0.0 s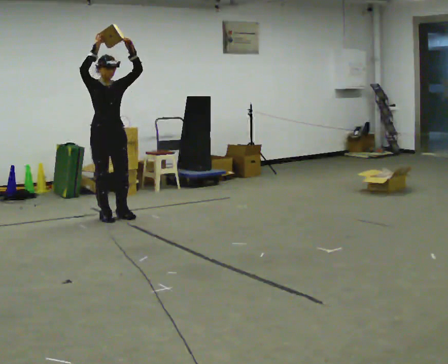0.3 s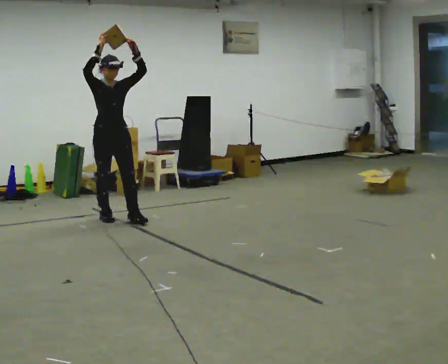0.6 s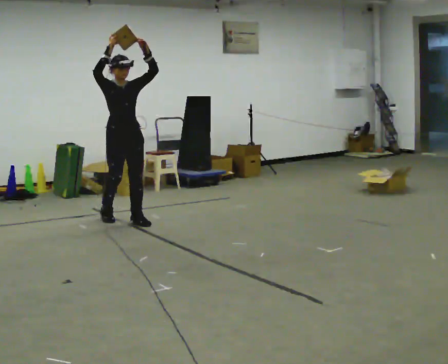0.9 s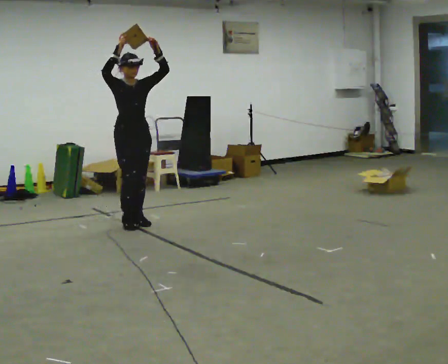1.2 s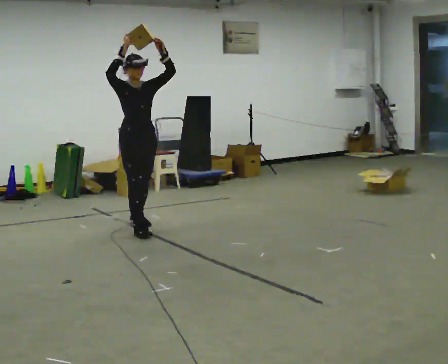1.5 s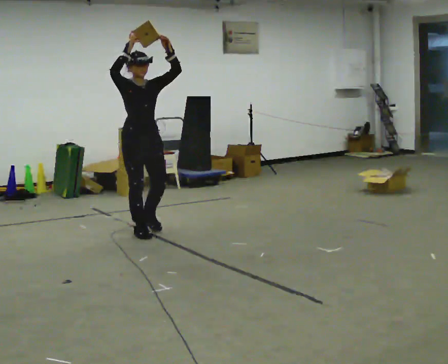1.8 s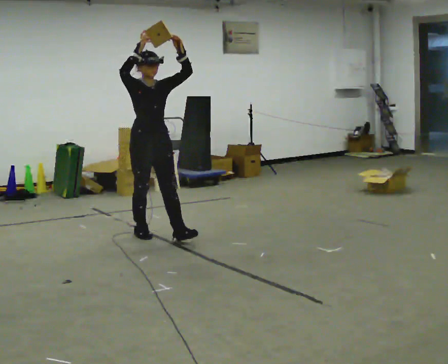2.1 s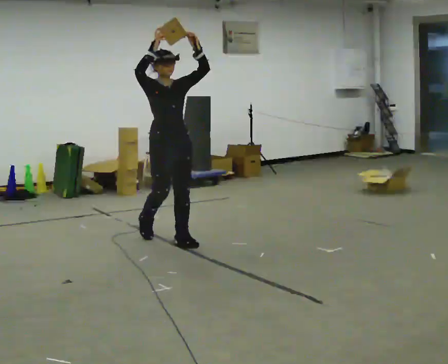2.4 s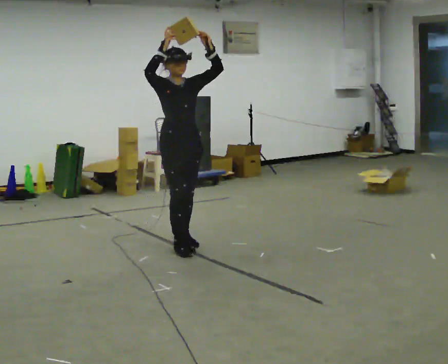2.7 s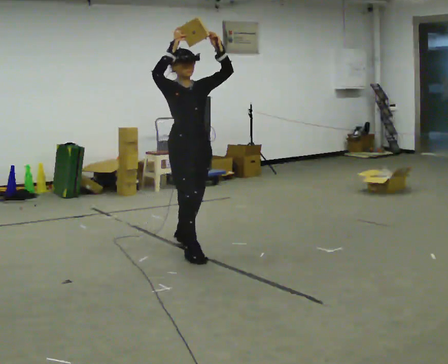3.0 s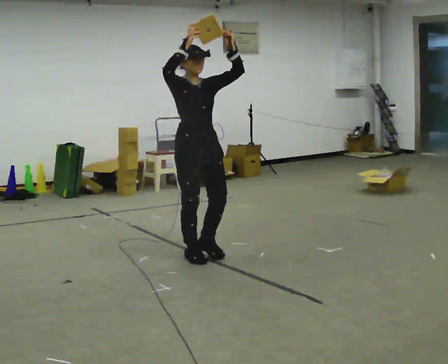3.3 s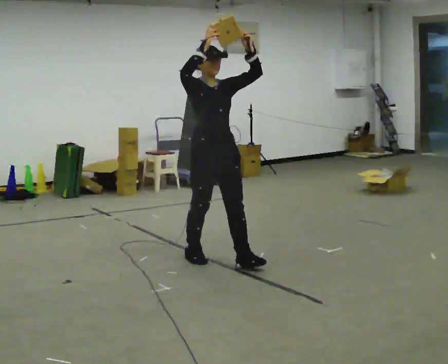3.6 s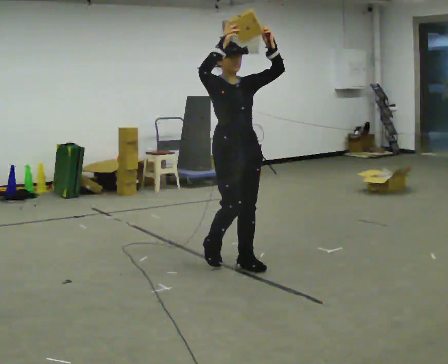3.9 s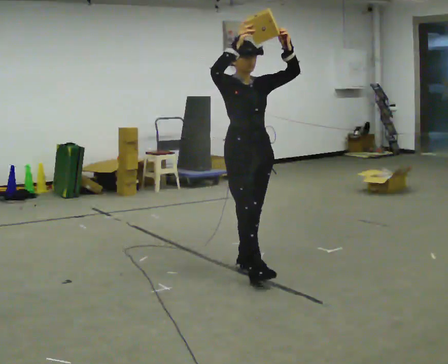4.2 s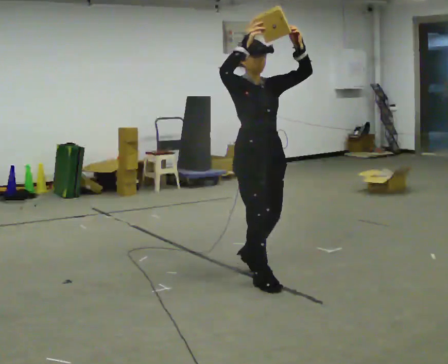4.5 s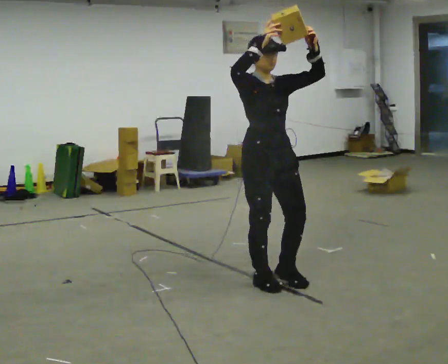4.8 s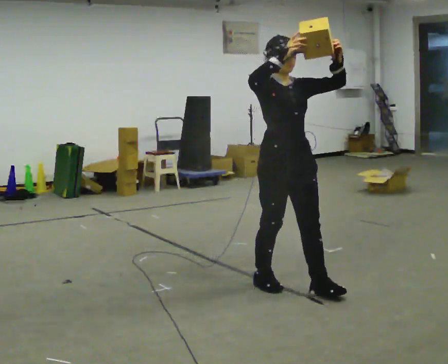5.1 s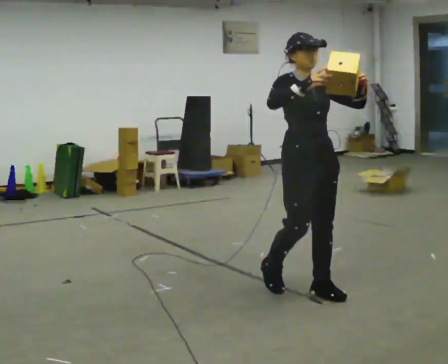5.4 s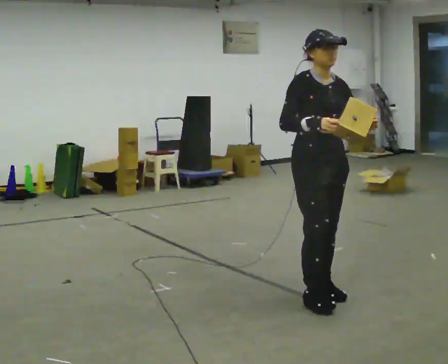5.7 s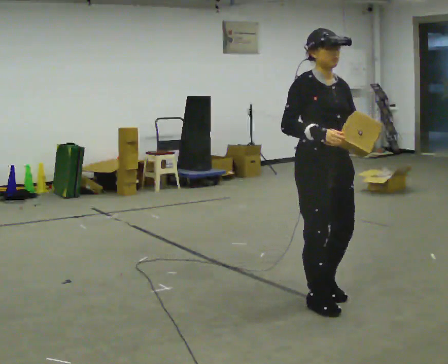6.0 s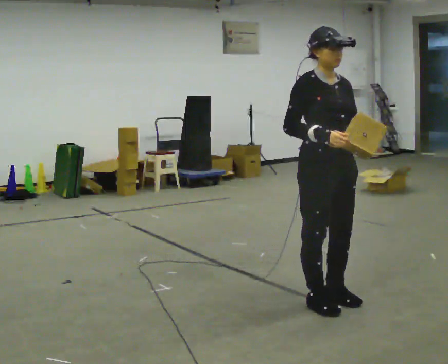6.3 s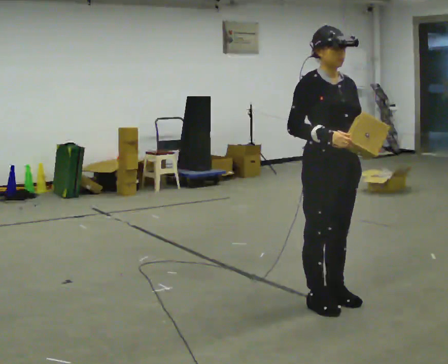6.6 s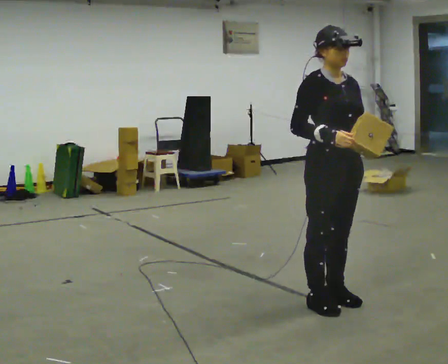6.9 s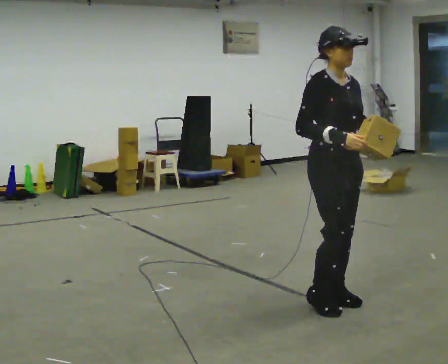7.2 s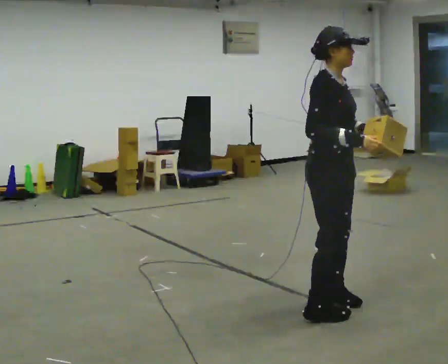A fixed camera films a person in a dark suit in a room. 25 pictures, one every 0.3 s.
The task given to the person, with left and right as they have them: Carry the object held up above your head, walking back and forth across the room.
0.0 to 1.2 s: In the picture they go toward the camera and to the right, about 0.5 m in 2 steps, which for them is forward.
1.2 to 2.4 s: In the picture they go toward the camera and to the right, about 0.5 m in 1 step, which for them is forward.
2.4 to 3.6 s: In the picture they go toward the camera and to the right, about 0.5 m in 2 steps, which for them is forward.
3.6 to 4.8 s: In the picture they go toward the camera and to the right, about 0.5 m in 2 steps, which for them is forward.
4.8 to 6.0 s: In the picture they go toward the camera and to the right, about 0.25 m in 1 step, which for them is forward. In the picture their right hand goes downward.
6.0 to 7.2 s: The part of the body nearest the lens slides to the right as the person turns to their left by about 30 degrees.
The film runs forward here.
